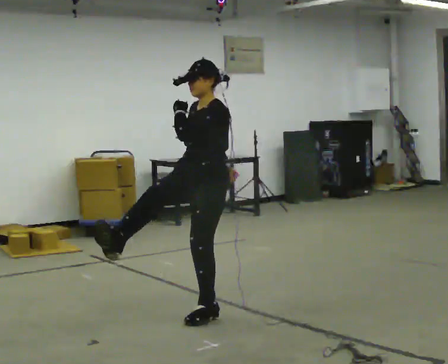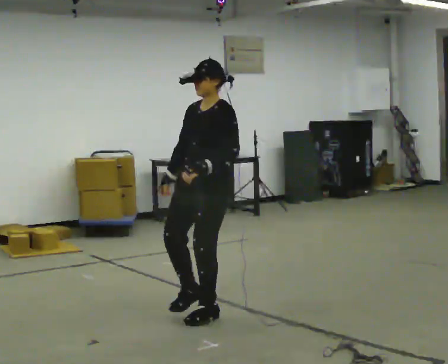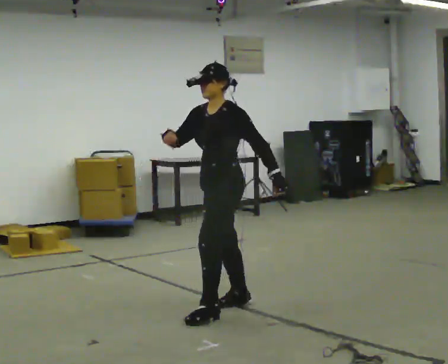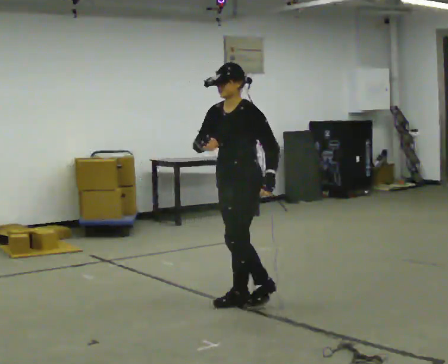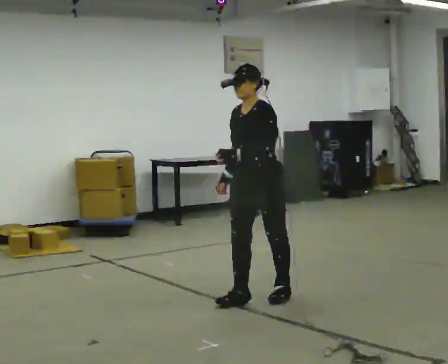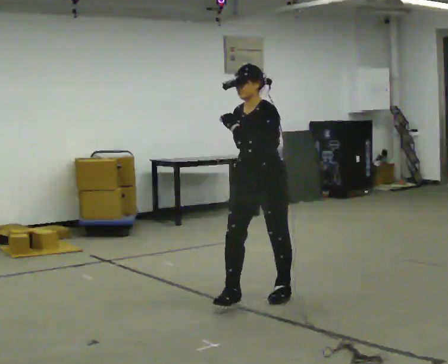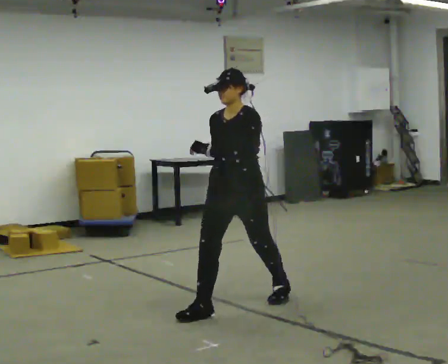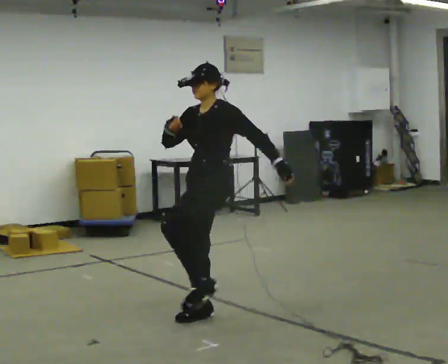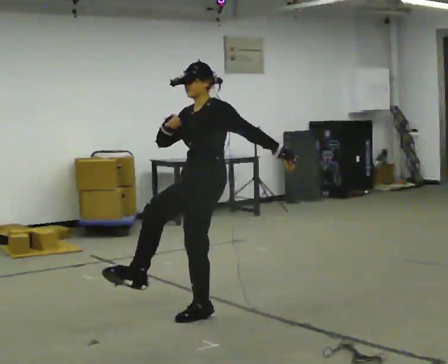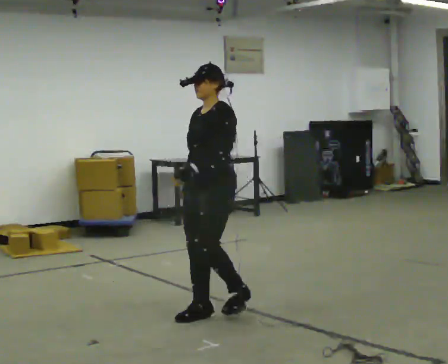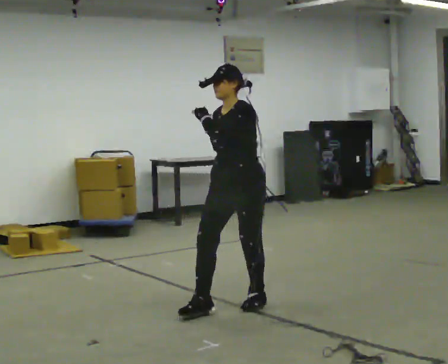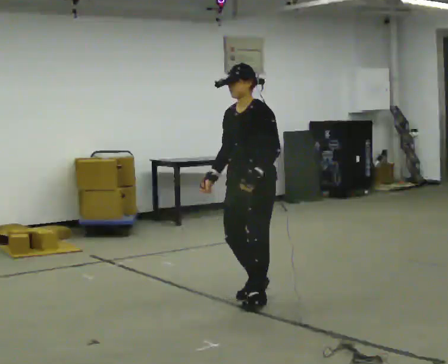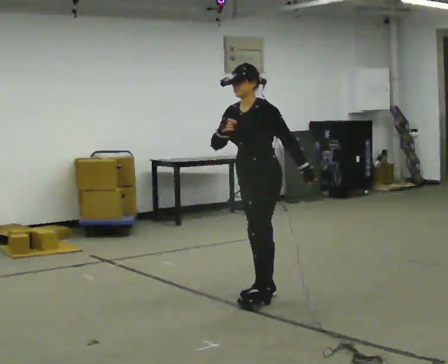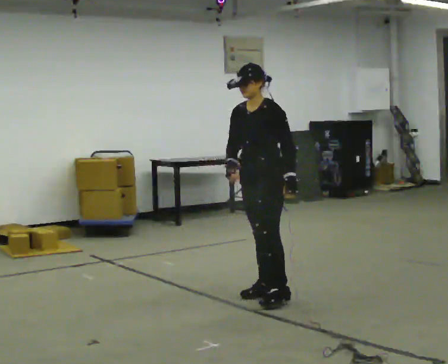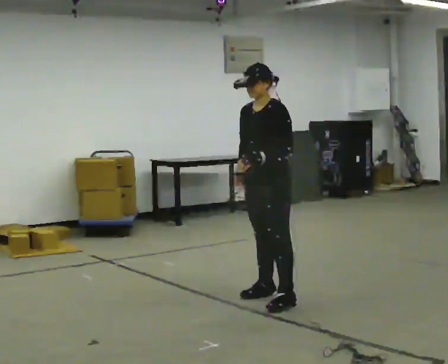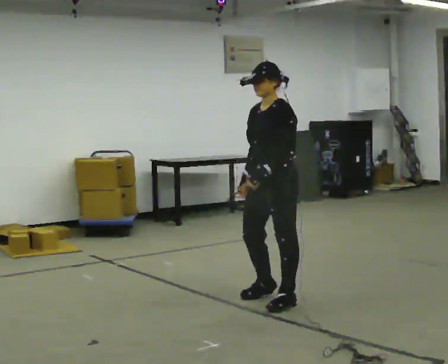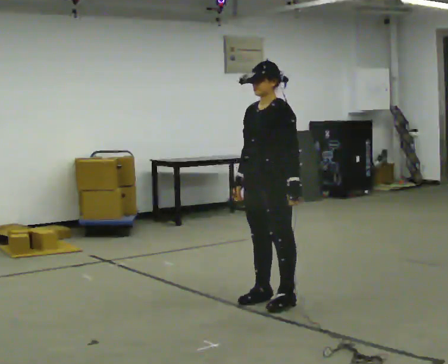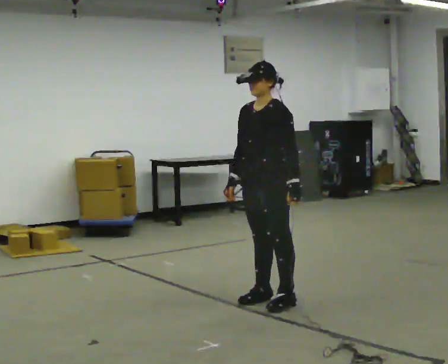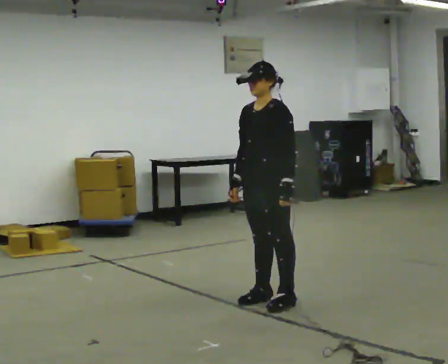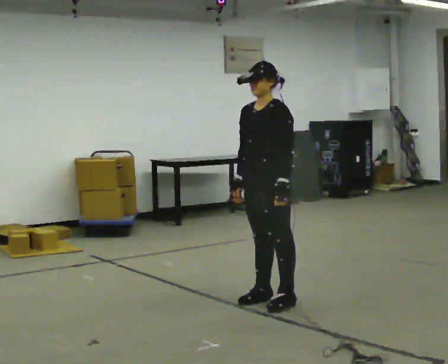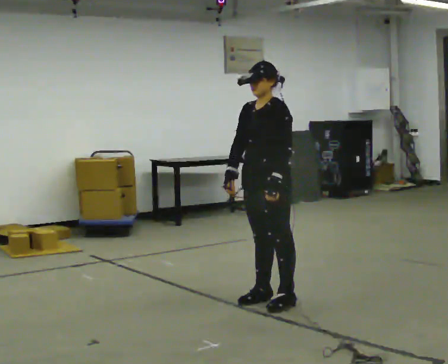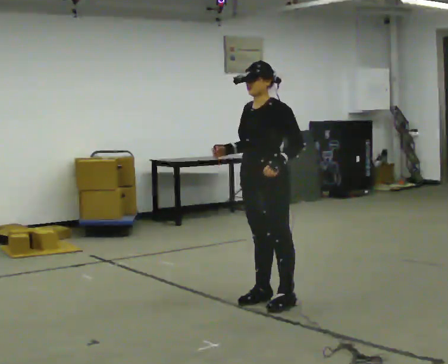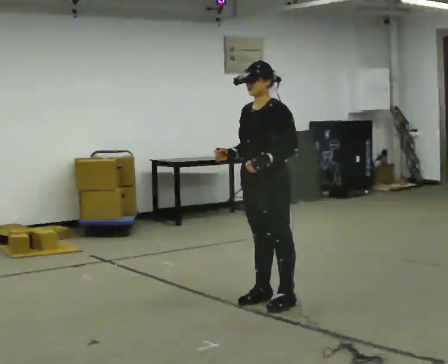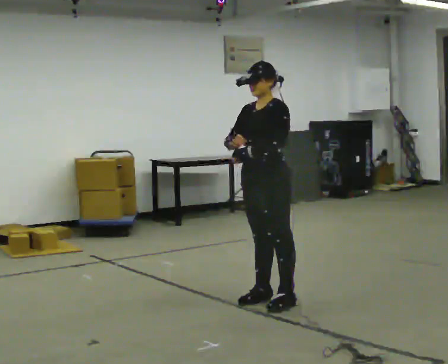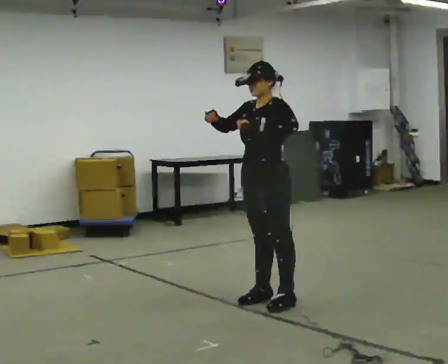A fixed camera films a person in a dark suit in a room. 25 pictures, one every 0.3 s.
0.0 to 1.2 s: In the picture they go to the right and away from the camera, about 0.5 m in 2 steps, which for them is backward.
1.2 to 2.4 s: In the picture they go to the left and toward the camera, about 0.5 m in 1 step, which for them is forward. The upper body tips away from the camera, its near side rolling upward.
2.4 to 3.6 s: In the picture they go away from the camera and to the right, about 0.5 m in 2 steps, which for them is backward.
3.6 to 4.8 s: In the picture they go toward the camera, about 0.25 m in 1 step, which for them is to their left. In the picture their right hand goes downward.
4.8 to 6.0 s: The person moves a little, or ends about where they began.
6.0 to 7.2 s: In the picture their left hand goes upward.
The film runs forward here.
